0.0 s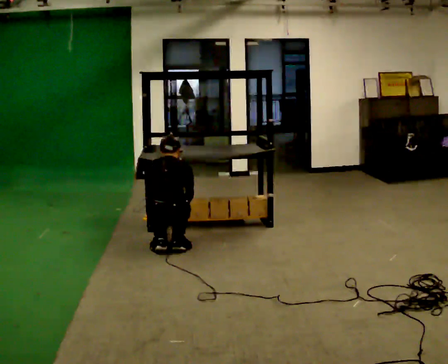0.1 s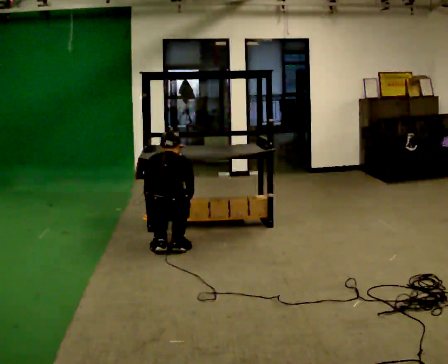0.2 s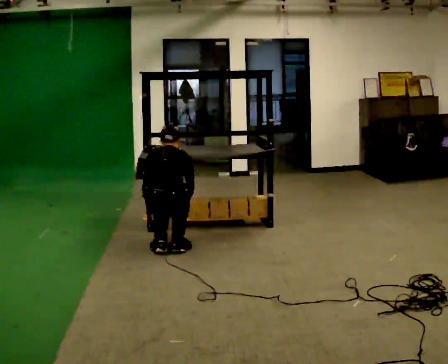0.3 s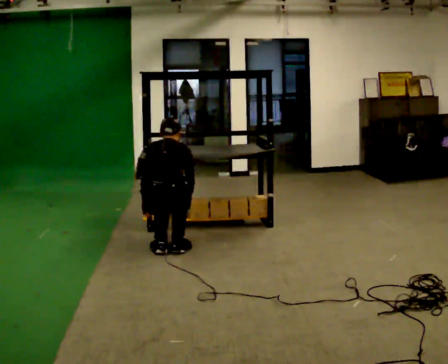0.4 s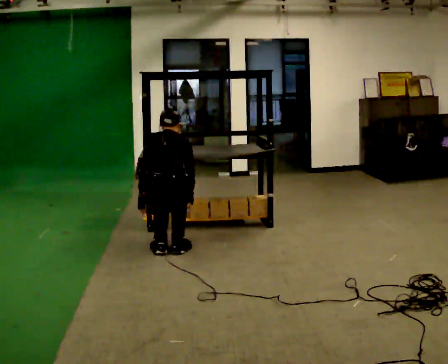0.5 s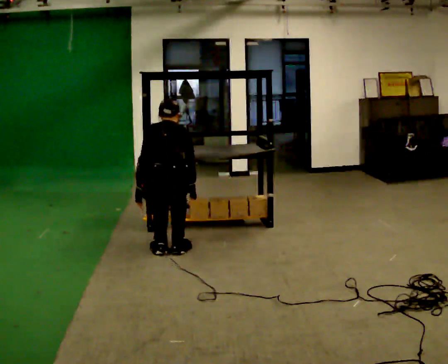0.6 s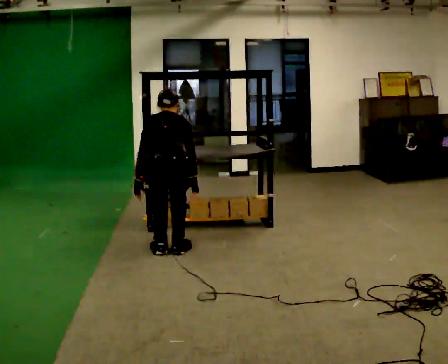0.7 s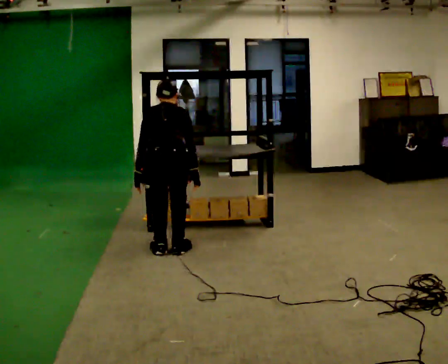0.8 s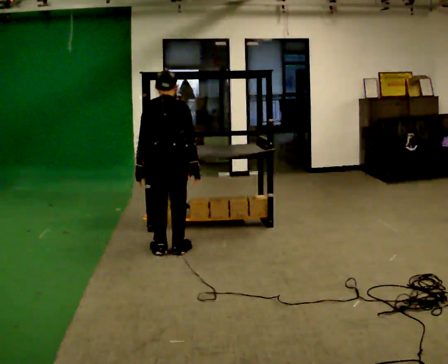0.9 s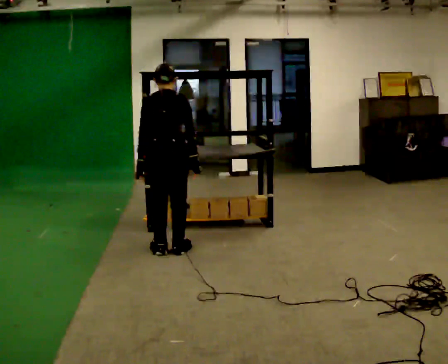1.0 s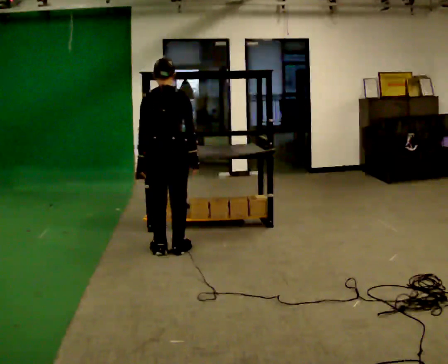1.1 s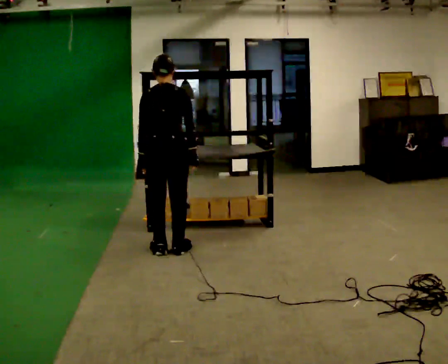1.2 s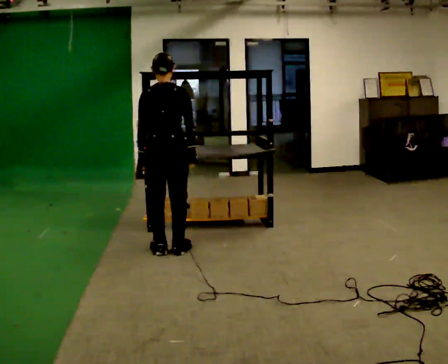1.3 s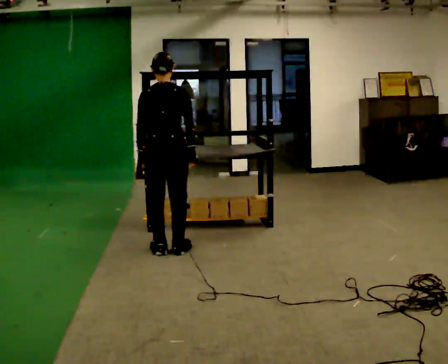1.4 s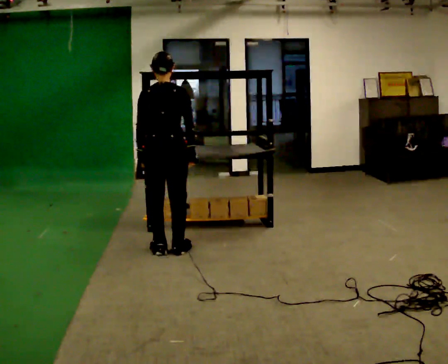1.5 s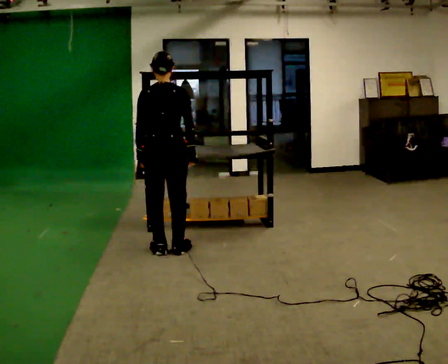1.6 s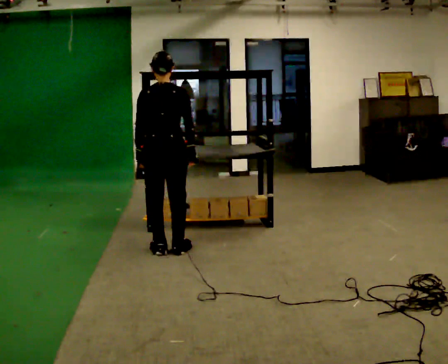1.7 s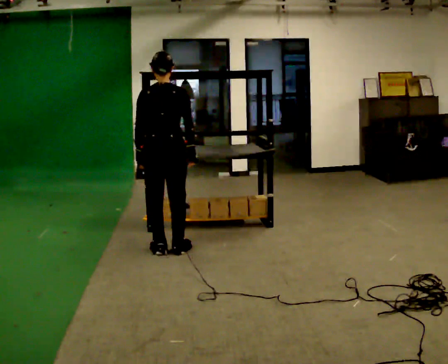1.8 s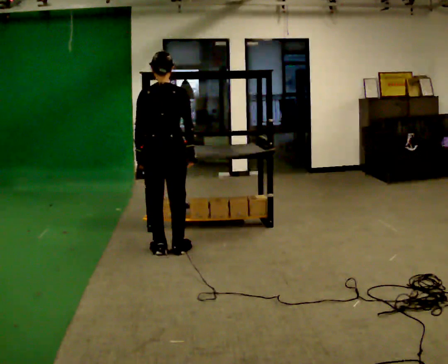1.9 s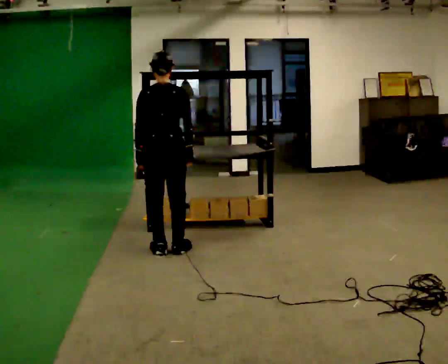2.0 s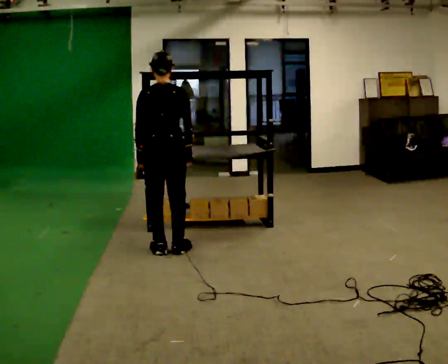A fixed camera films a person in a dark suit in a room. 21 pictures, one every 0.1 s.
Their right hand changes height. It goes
upward.
The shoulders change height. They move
upward.
0.0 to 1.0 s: The shoulders move upward. The upper body tips toward the camera, its near side rolling downward, as they lean back or straighten. In the picture their left hand goes upward.
1.0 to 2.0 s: The upper body tips toward the camera, its near side rolling downward, as they lean back or straighten.
The film runs forward here.
